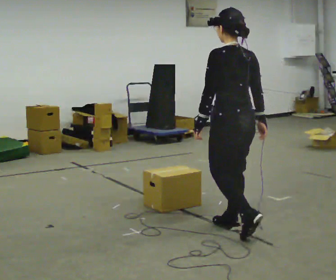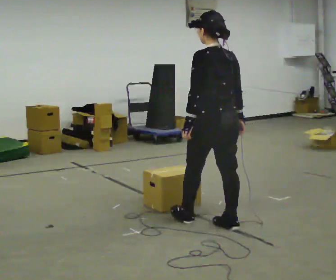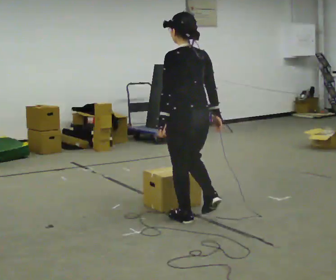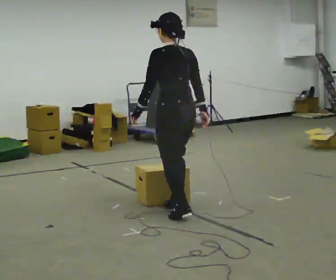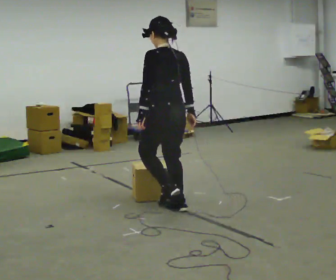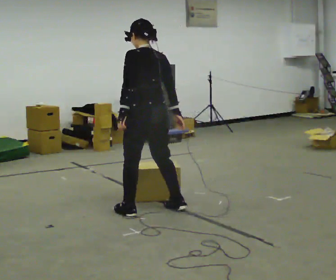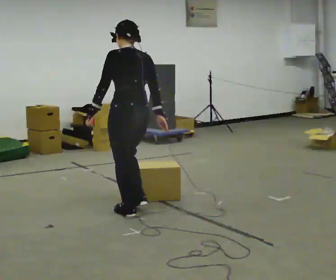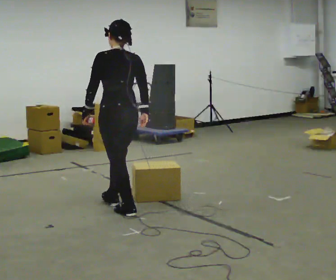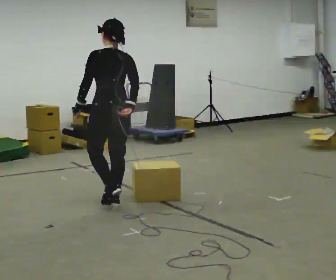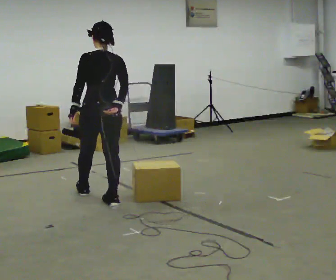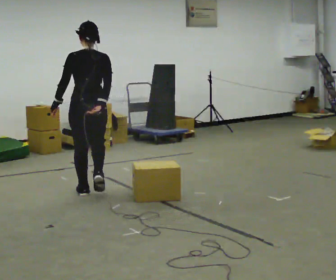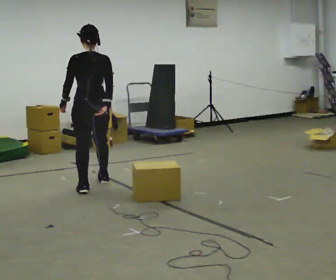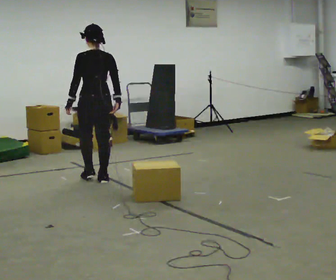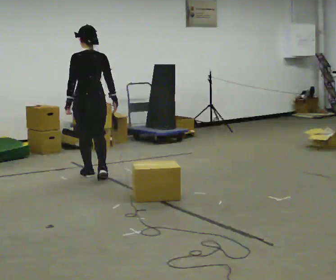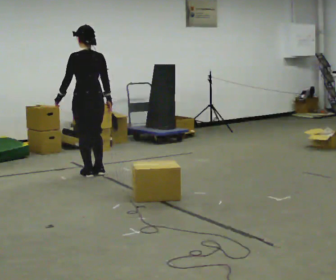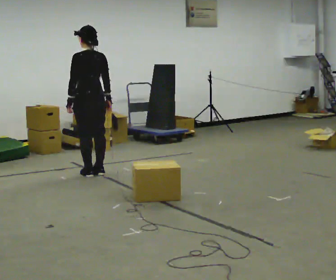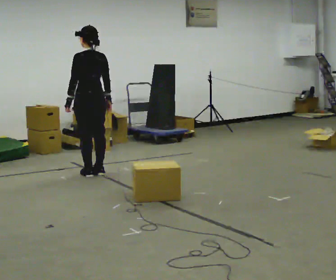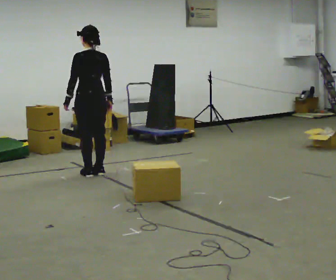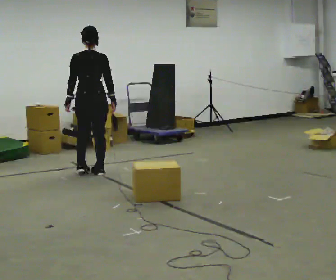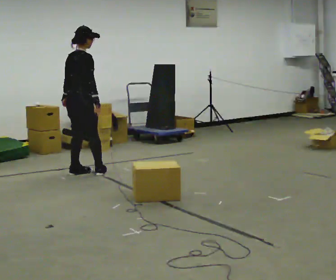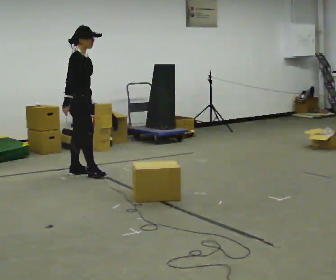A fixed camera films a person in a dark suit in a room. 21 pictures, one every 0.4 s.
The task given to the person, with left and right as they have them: Walk back and forth across the room at a normal pace, looking ahead. There may be something on the floor. Recover however comes naturally and carry on.
0.0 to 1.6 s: In the picture they go away from the camera and to the left, about 1 m in 2 steps, which for them is forward.
1.6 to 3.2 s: In the picture they go to the left, about 0.5 m in 2 steps, which for them is forward and to their left.
3.2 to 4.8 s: In the picture they go away from the camera, about 1 m in 2 steps, which for them is forward.
4.8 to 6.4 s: In the picture they go away from the camera, about 0.25 m in 2 steps, which for them is forward.
6.4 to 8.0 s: The part of the body nearest the lens slides to the left as the person turns to their right by about 135 degrees. In the picture they go to the left, about 0.25 m in 1 step. In the picture their right hand goes to the left.
The film runs forward here.
